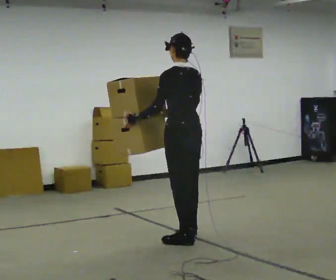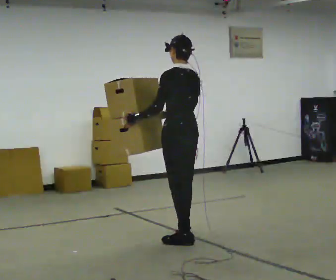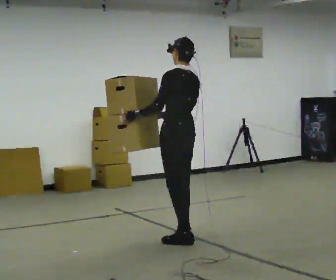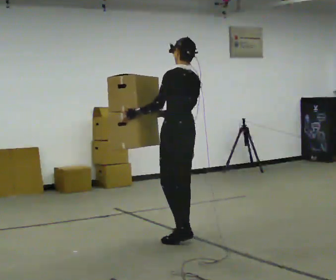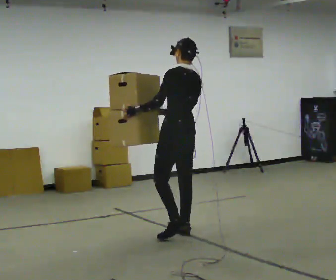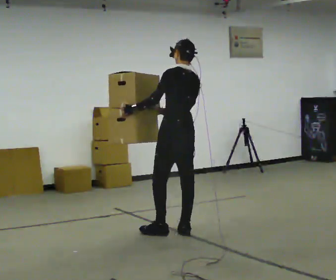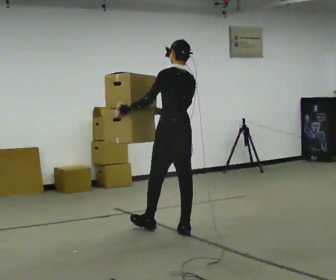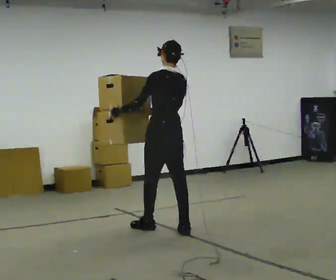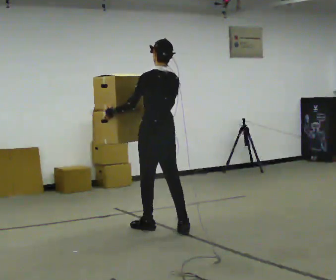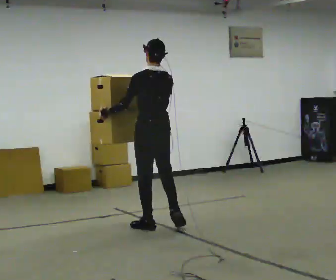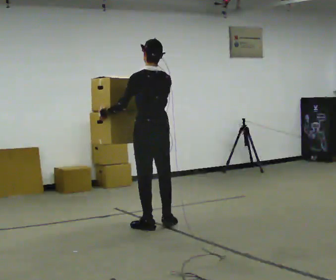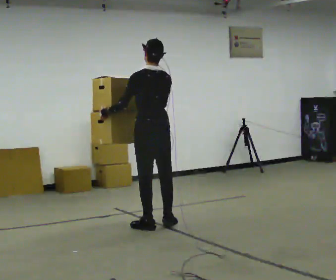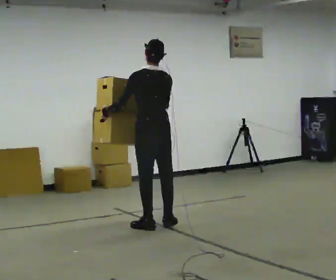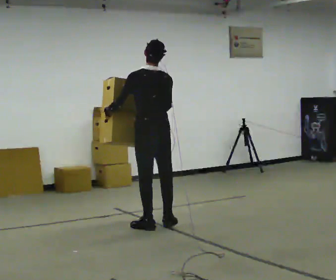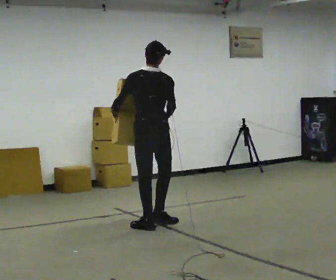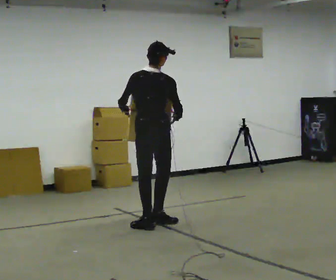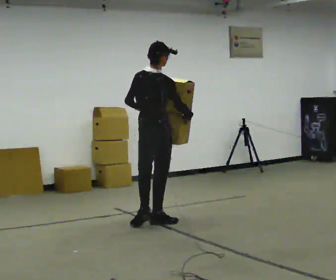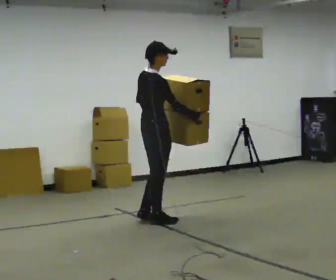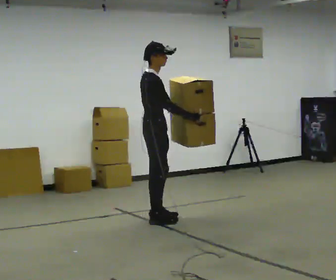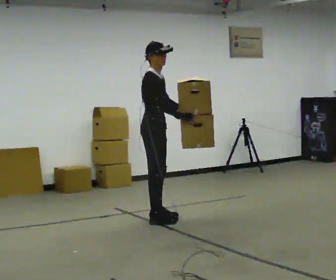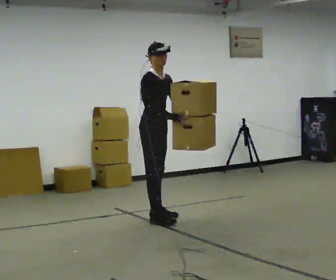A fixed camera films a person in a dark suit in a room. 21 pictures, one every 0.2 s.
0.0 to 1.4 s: In the picture they go away from the camera, about 0.5 m in 2 steps, which for them is forward and to their right.
1.4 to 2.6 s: In the picture they go away from the camera, about 0.25 m in 1 step, which for them is forward.
2.6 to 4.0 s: The part of the body nearest the lens slides to the left as the person turns to their right by about 135 degrees. In the picture they go away from the camera, about 0.25 m in 2 steps.
The film runs forward here.
